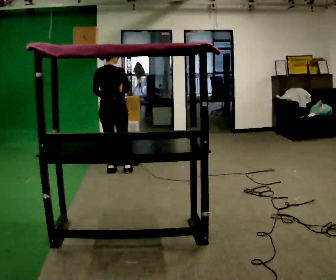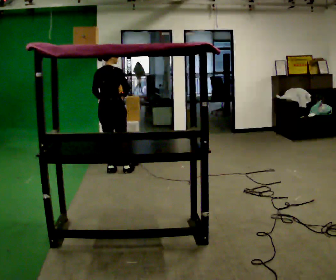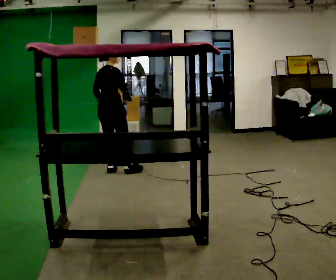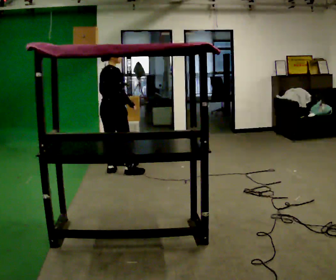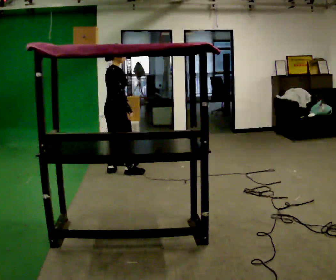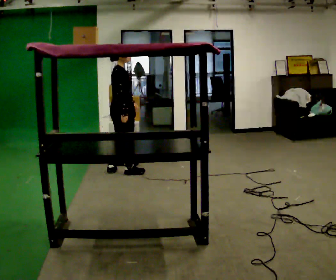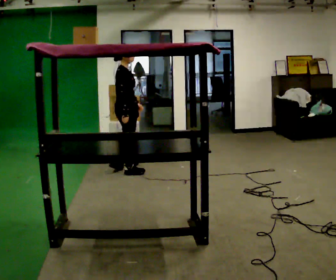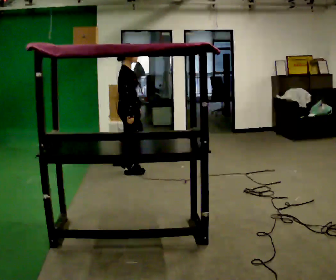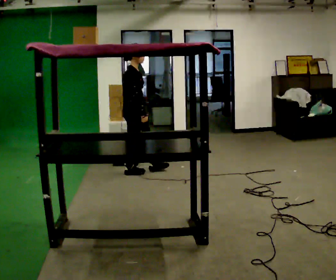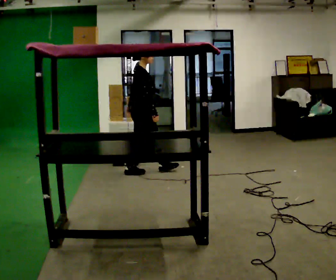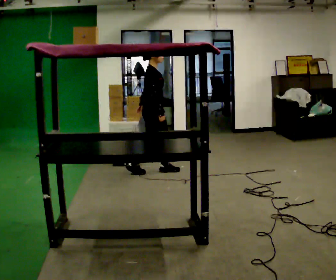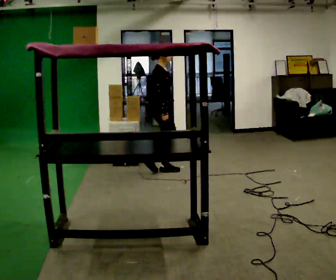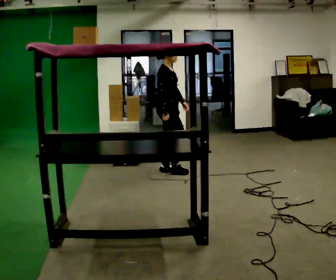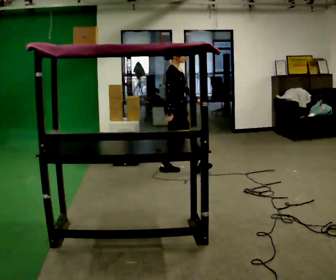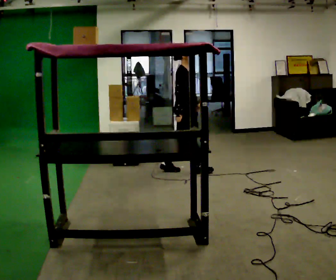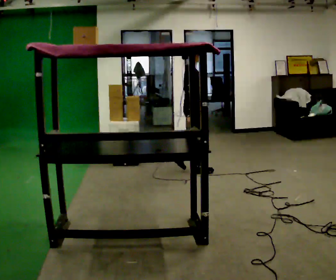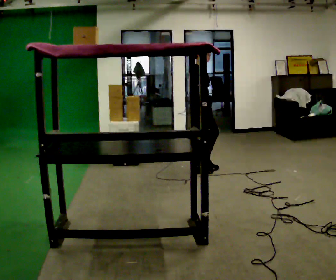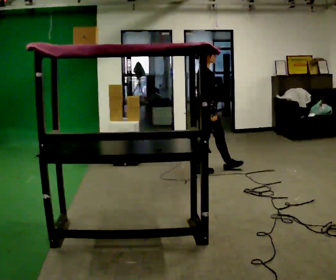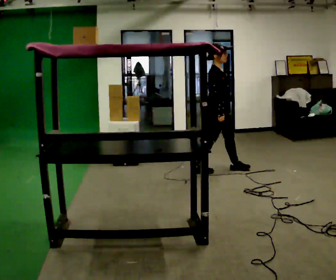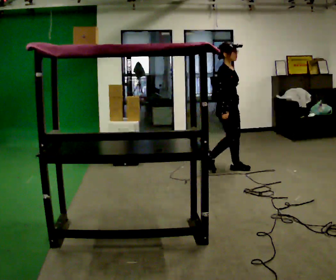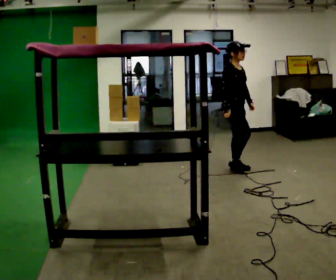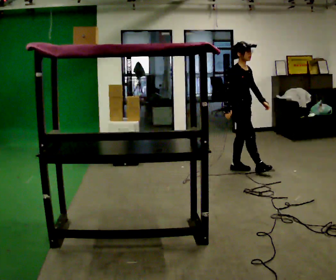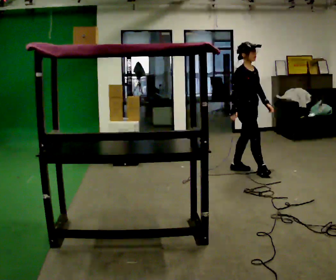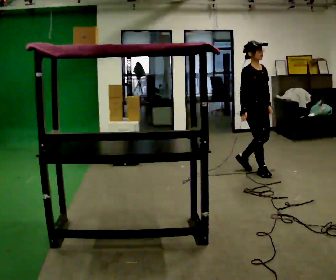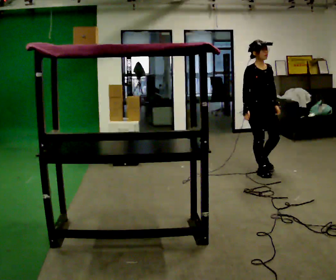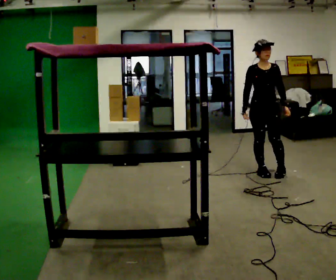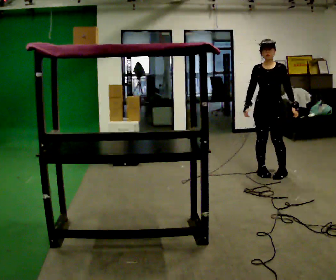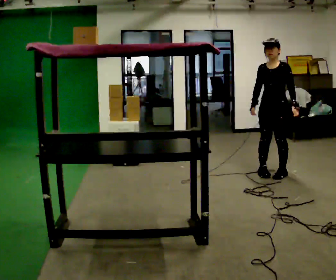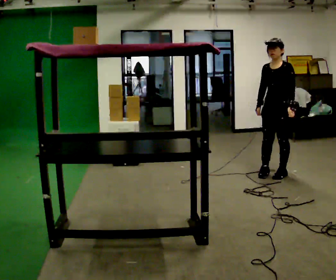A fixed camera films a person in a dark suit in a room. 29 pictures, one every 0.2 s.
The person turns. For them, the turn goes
to their right.
The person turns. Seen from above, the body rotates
clockwise.
0.0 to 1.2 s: The person turns about 60 degrees to their right, clockwise seen from above, so the part of the body nearest the lens slides to the left. In the picture they go to the right, about 0.25 m, which for them is to their right.
1.2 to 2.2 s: The part of the body nearest the lens slides to the left as the person turns to their right by about 30 degrees. In the picture they go to the right, about 0.5 m in 1 step, which for them is forward.
2.2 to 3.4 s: In the picture they go to the right, about 0.5 m in 1 step, which for them is forward.
3.4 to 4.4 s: Seen from above the body turns clockwise, about 30 degrees: to their right, with its near side sliding to the left. In the picture they go to the right, about 0.5 m in 2 steps, which for them is forward and to their left.
4.4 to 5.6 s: Seen from above the body turns clockwise, about 90 degrees: to their right, with its near side sliding to the left. In the picture they go to the right and toward the camera, about 0.5 m in 1 step.
The film runs forward here.
